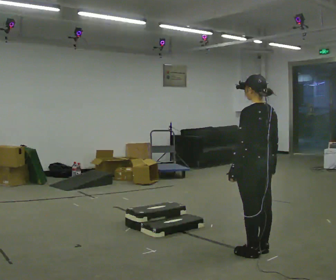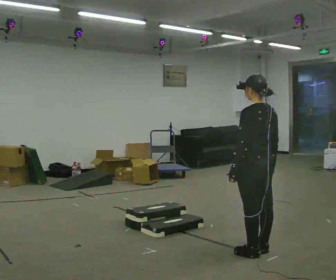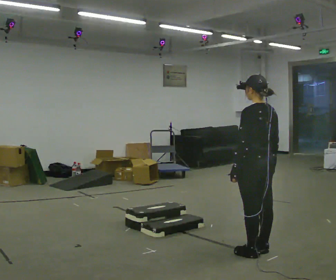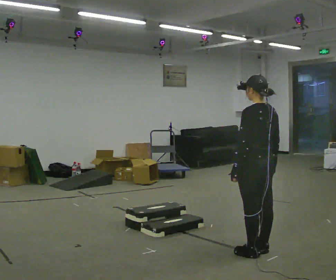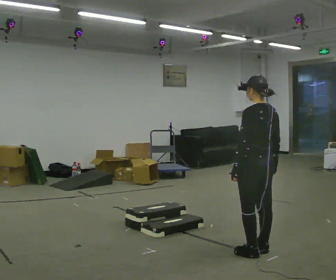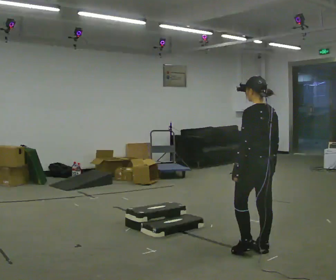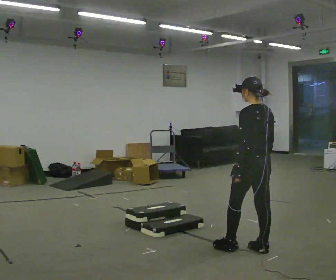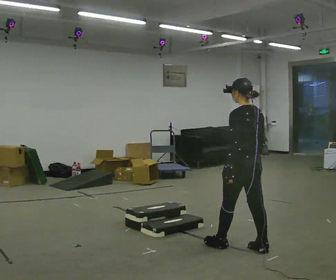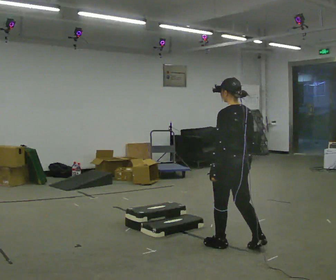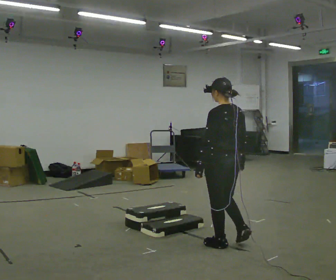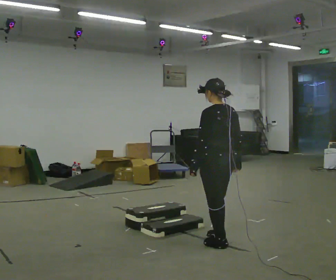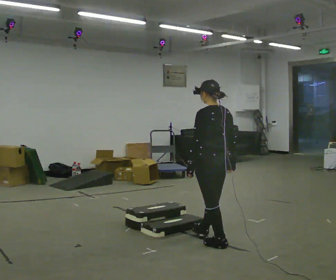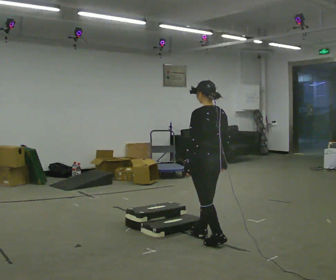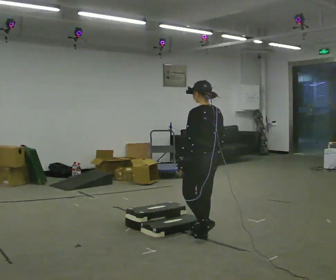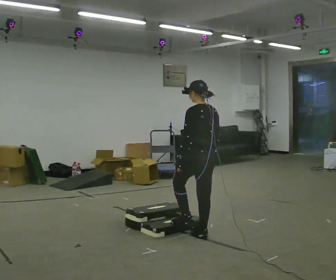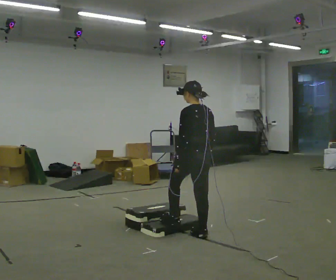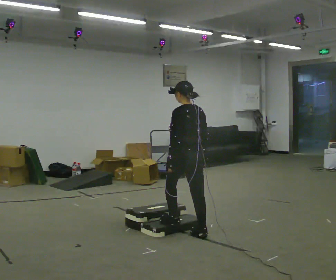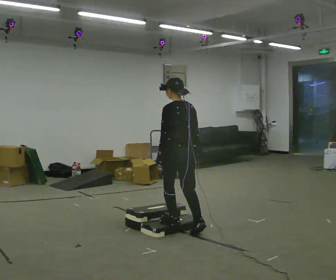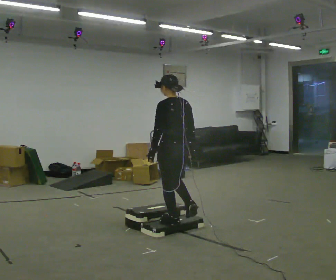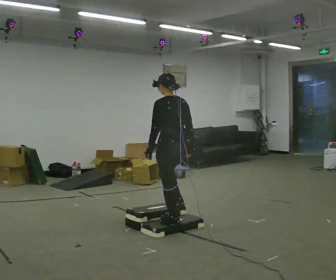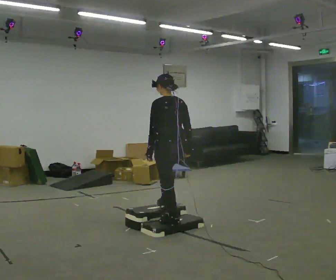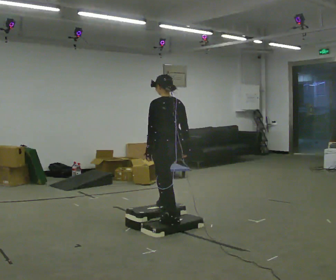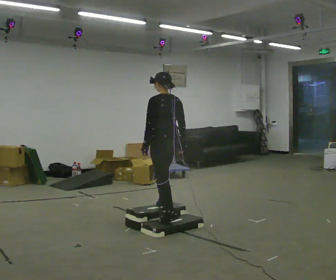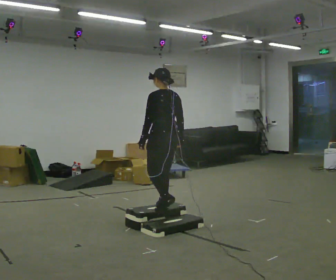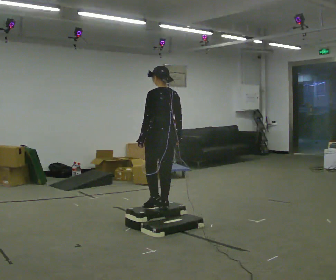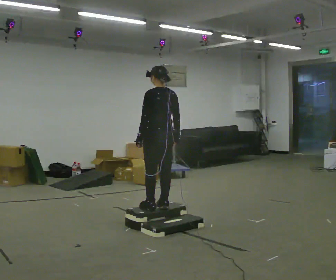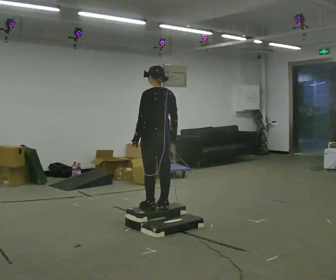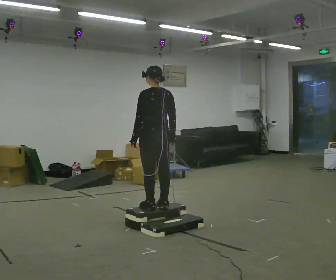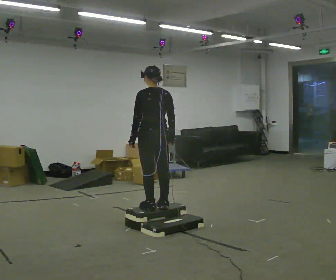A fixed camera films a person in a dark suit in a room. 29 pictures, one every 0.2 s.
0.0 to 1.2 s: The person moves a little, or ends about where they began.
1.2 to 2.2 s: In the picture they go to the left and away from the camera, about 0.5 m in 2 steps, which for them is forward.
2.2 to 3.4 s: In the picture they go to the left and away from the camera, about 0.5 m in 1 step, which for them is forward.
3.4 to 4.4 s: In the picture they go away from the camera and to the left, about 0.25 m in 1 step, which for them is forward.
4.4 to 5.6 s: The person moves a little, or ends about where they began.
The film runs forward here.
